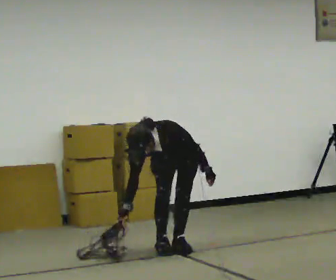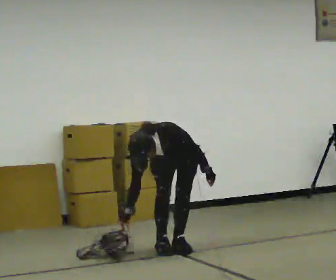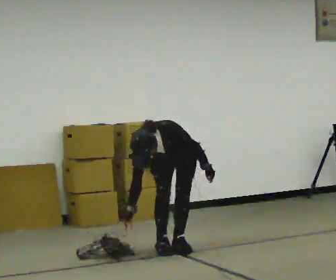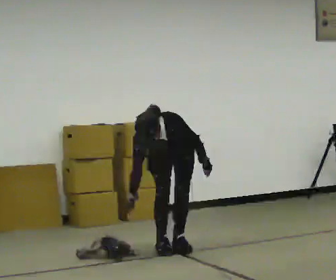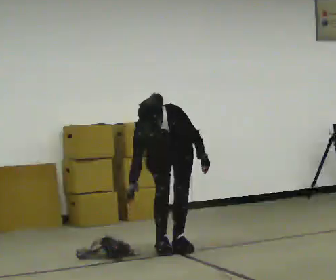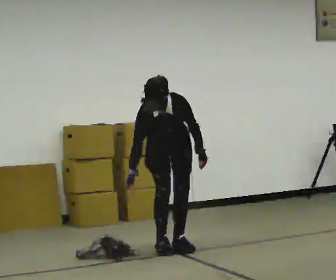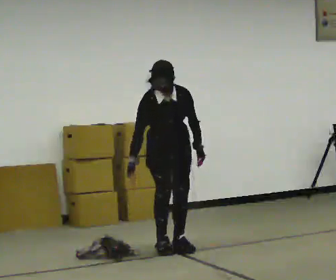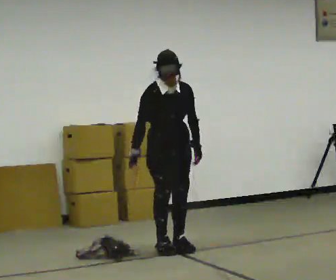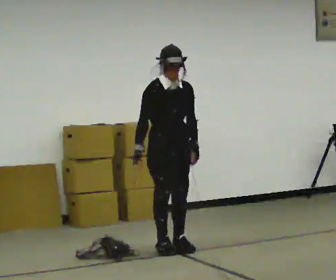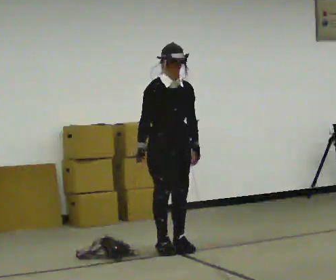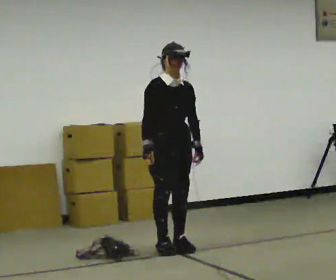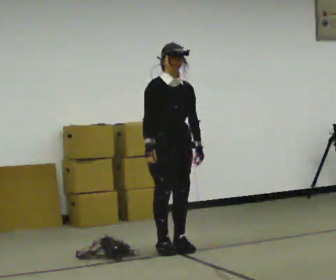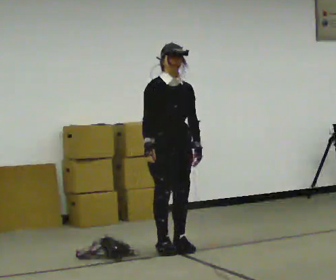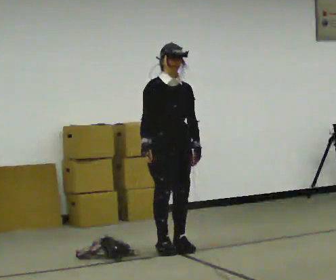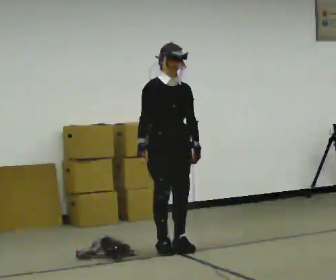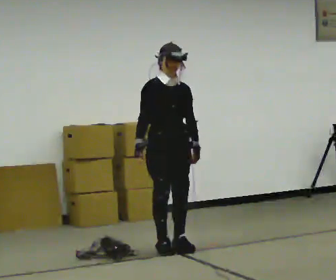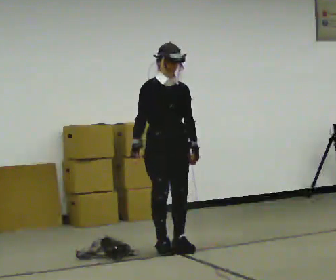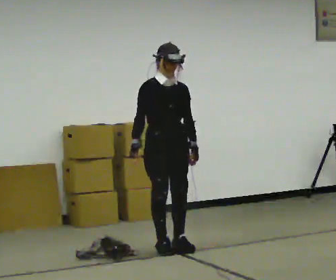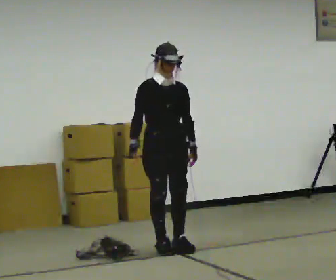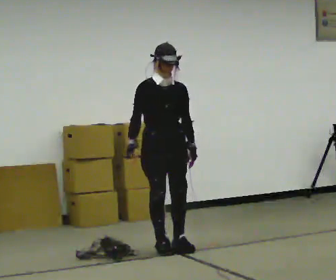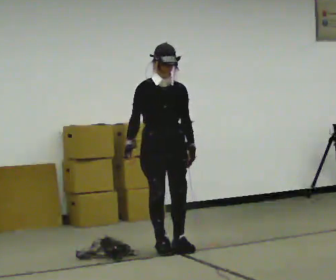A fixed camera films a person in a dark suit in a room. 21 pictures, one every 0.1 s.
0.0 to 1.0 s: Seen from above the body turns counterclockwise, about 45 degrees: to their left, with its near side sliding to the right. The upper body goes upward. The upper body tips away from the camera, its near side rolling upward, as they lean back or straighten.
1.0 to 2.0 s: The person moves a little, or ends about where they began.
The film runs forward here.
